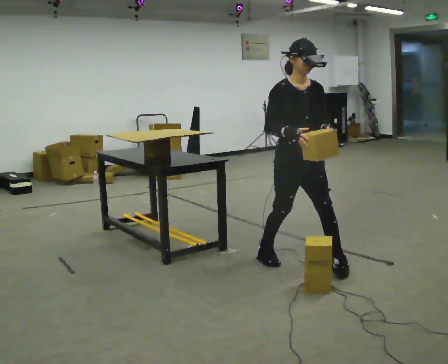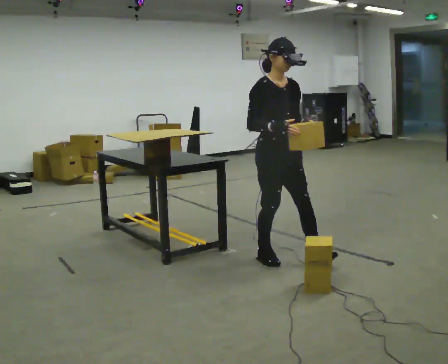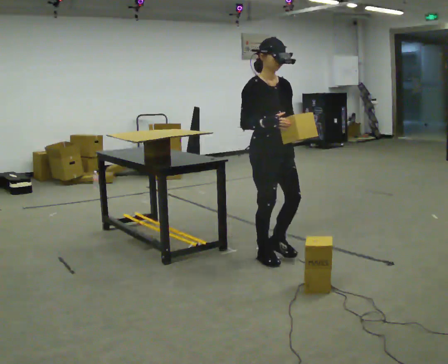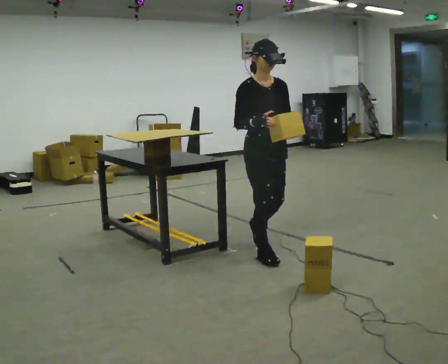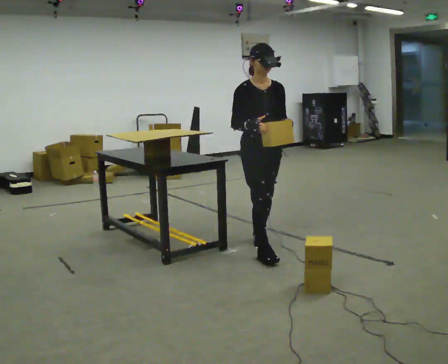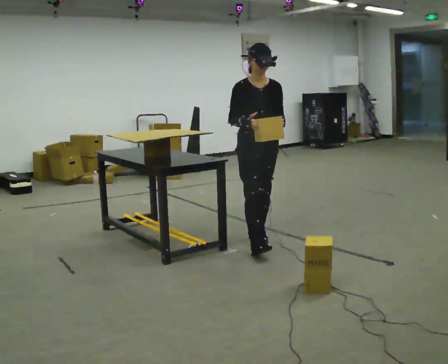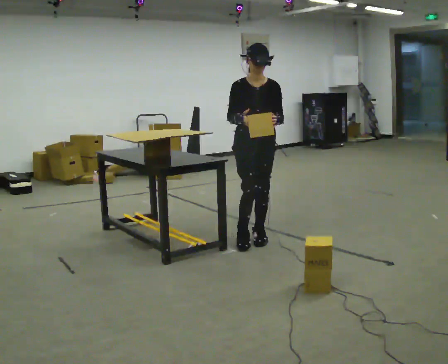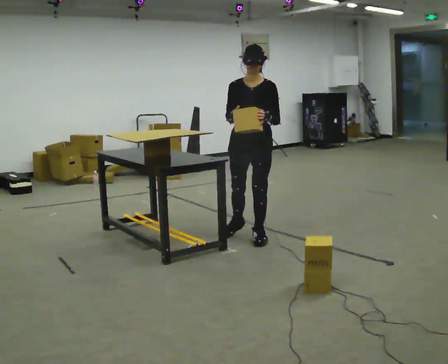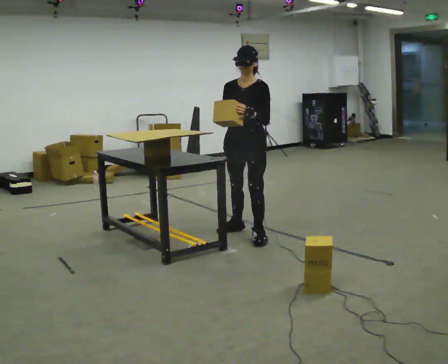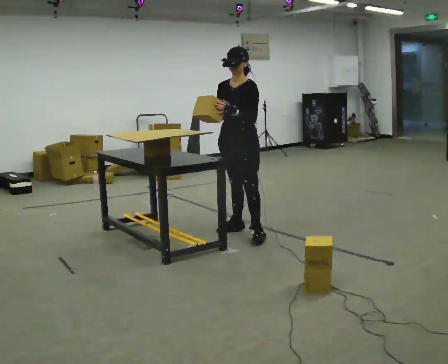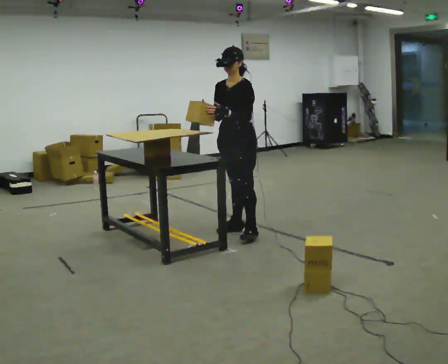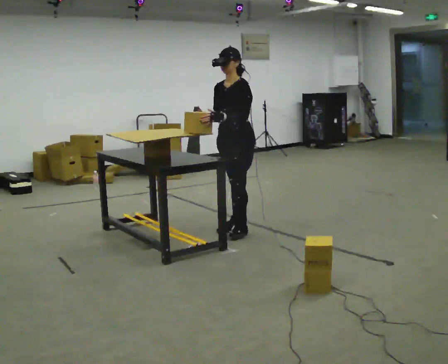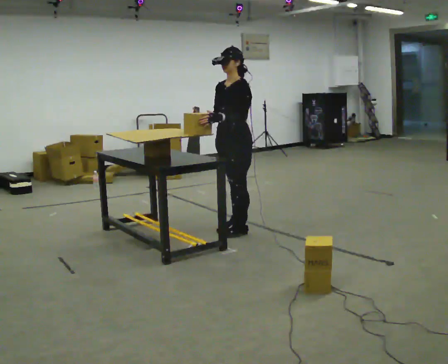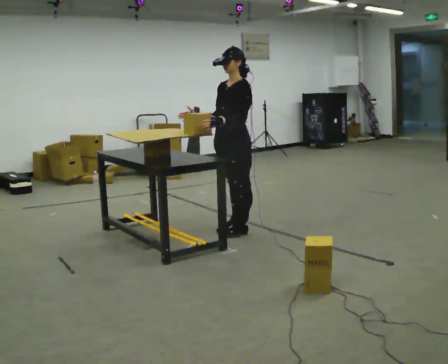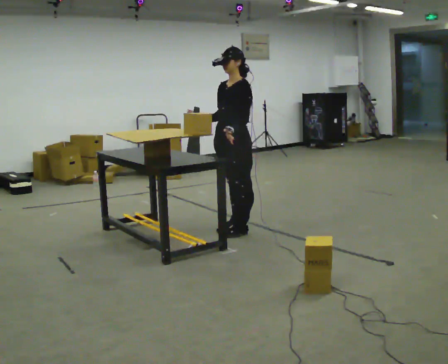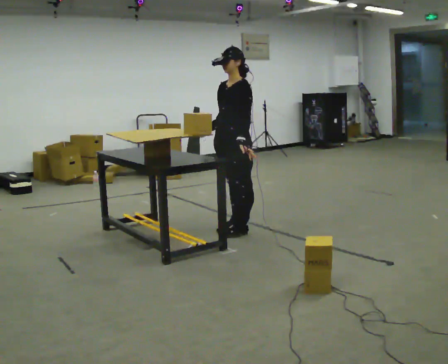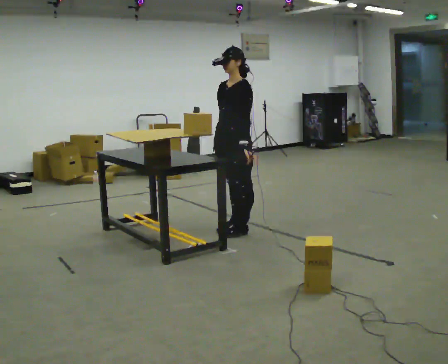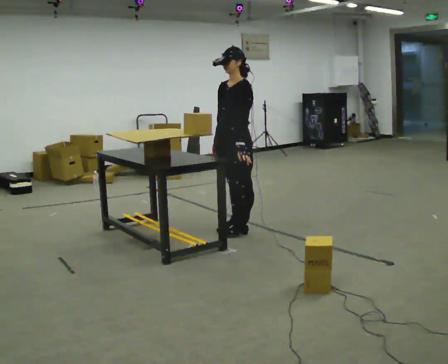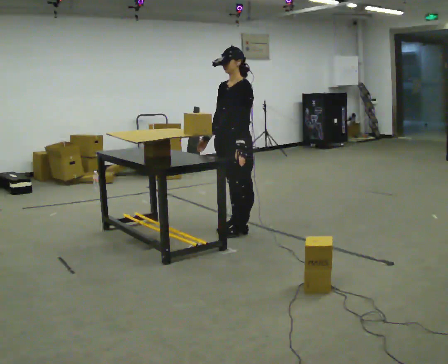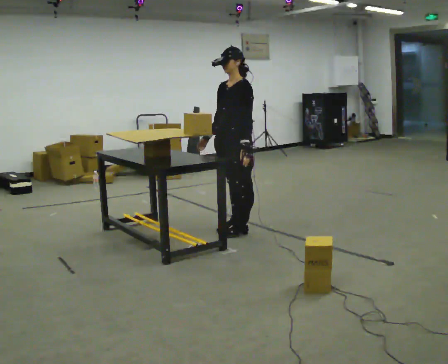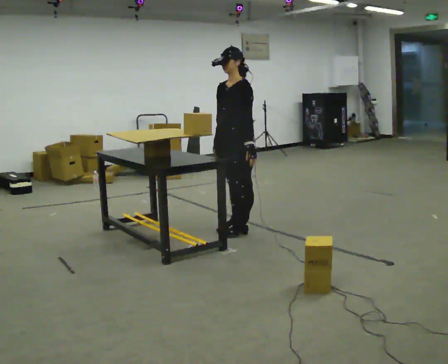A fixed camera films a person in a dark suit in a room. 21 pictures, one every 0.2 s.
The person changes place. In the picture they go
away from the camera.
0.0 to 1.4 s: Seen from above the body turns clockwise, about 30 degrees: to their right, with its near side sliding to the left. In the picture they go away from the camera and to the left, about 0.5 m in 2 steps, which for them is backward.
1.4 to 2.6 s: The part of the body nearest the lens slides to the left as the person turns to their right by about 45 degrees. In the picture they go away from the camera, about 0.25 m in 1 step, which for them is to their right.
2.6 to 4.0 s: The person moves a little, or ends about where they began.
The film runs backward here.
